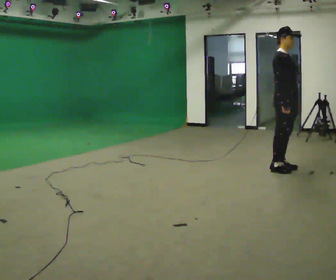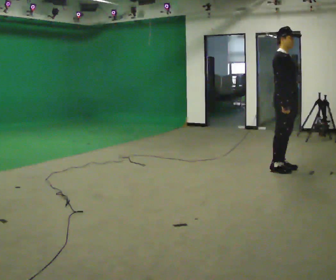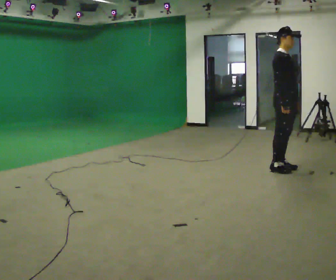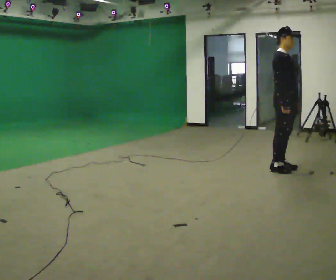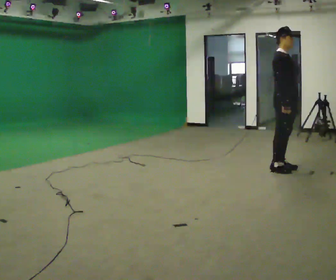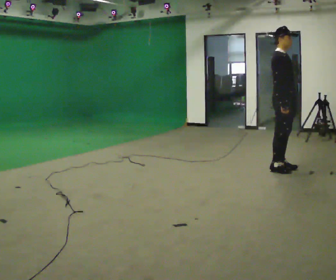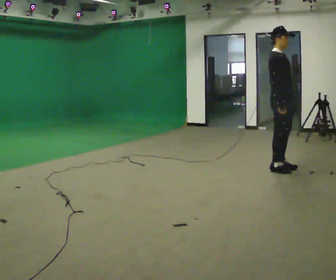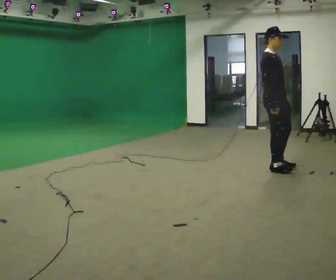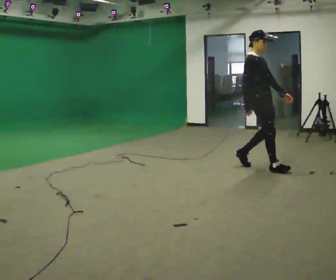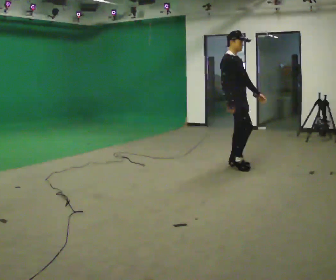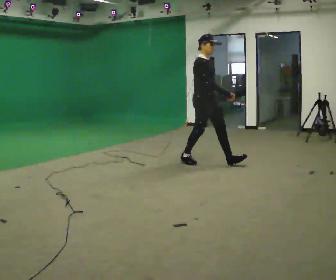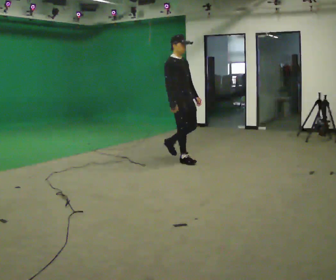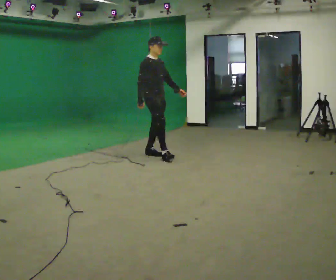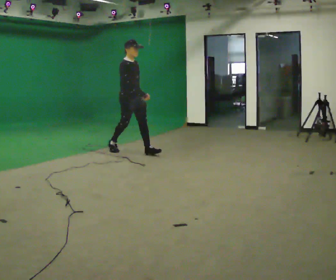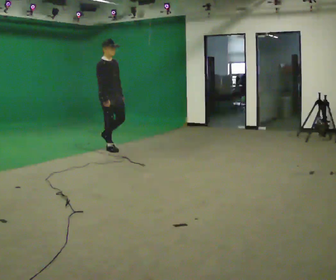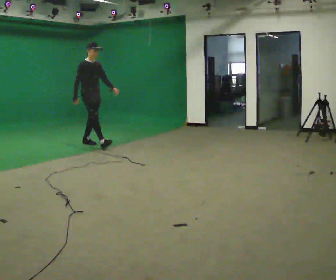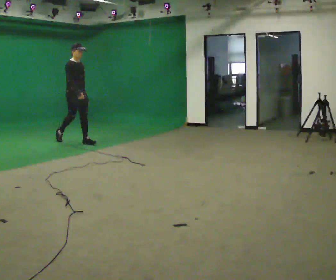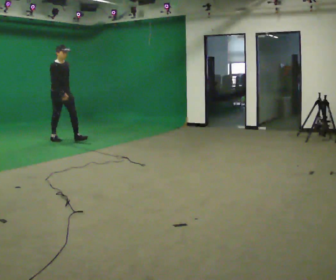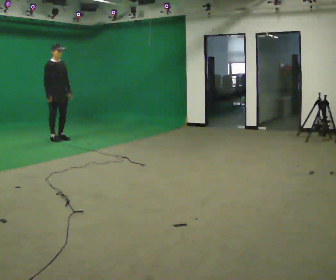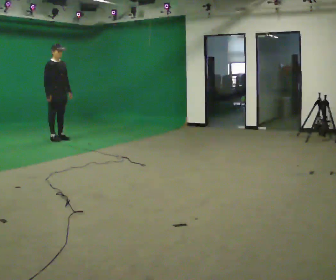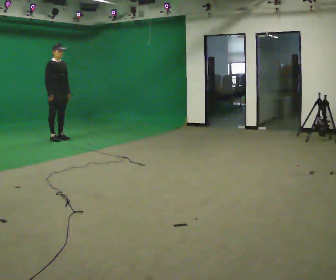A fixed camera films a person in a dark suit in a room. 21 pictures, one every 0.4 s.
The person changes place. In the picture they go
to the left.
0.0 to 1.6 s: The person keeps their place and pose.
1.6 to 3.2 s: In the picture they go to the left, about 0.25 m in 1 step, which for them is backward.
3.2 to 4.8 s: In the picture they go to the left and away from the camera, about 1.5 m in 3 steps, which for them is backward.
4.8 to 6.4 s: In the picture they go to the left and away from the camera, about 1.5 m in 2 steps, which for them is backward.
6.4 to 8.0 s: In the picture they go to the left and away from the camera, about 0.5 m in 1 step, which for them is backward.
The film runs backward here.
